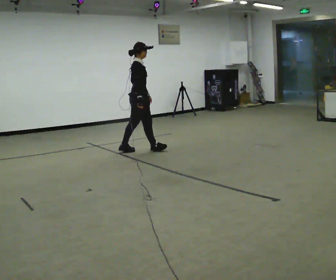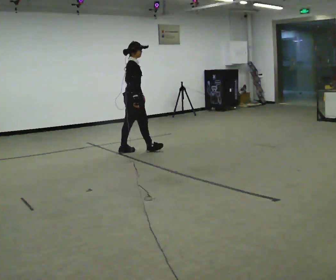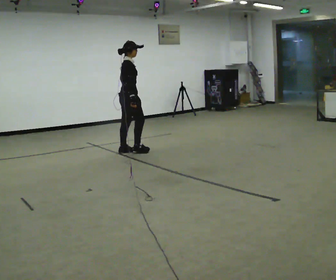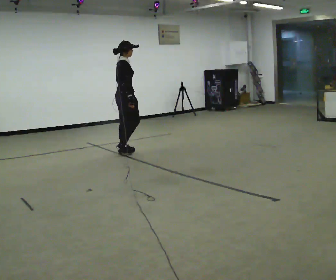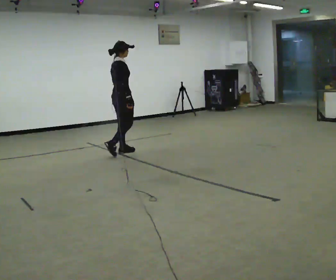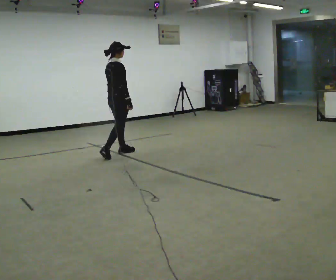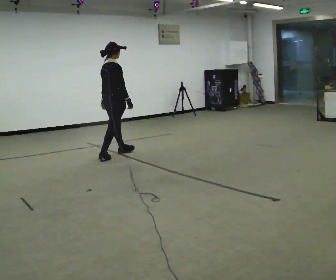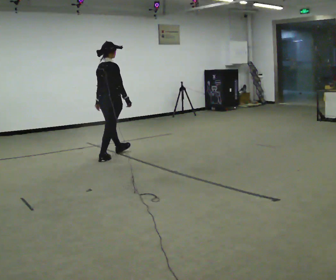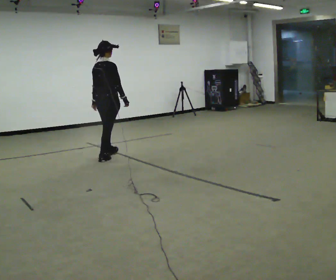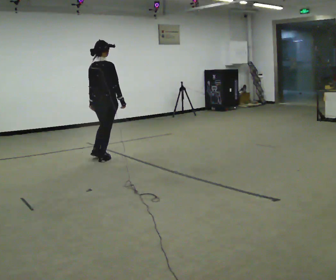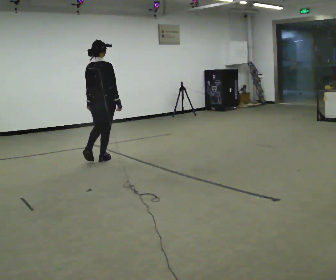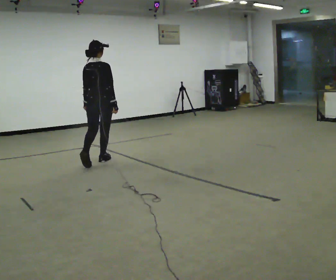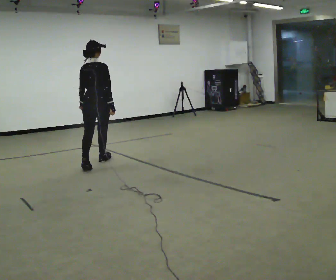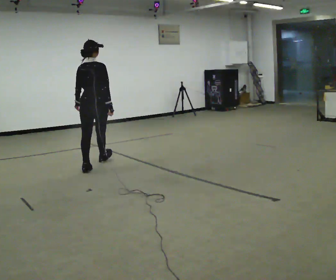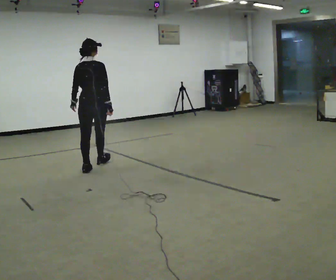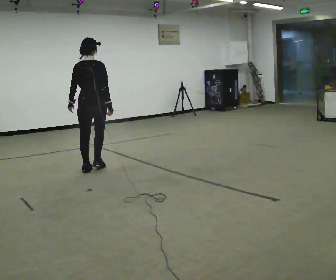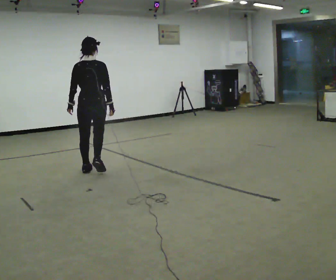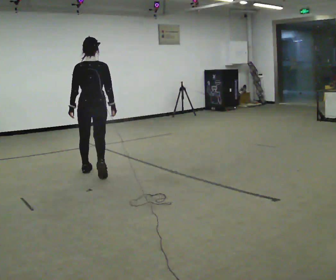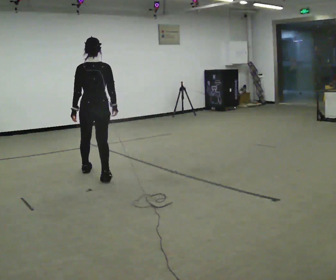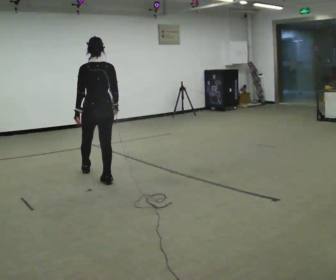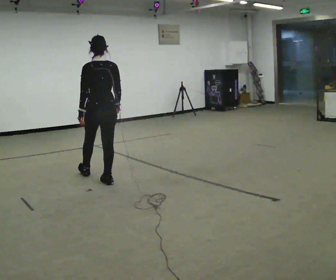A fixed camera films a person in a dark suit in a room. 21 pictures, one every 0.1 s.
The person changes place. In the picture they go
toward the camera.
The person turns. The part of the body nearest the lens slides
to the right.
0.0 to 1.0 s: The person turns about 60 degrees to their left, counterclockwise seen from above, so the part of the body nearest the lens slides to the right. In the picture they go to the left and toward the camera, about 0.5 m in 2 steps, which for them is backward.
1.0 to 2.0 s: Seen from above the body turns counterclockwise, about 45 degrees: to their left, with its near side sliding to the right. In the picture they go toward the camera, about 1 m in 2 steps, which for them is backward.
The film runs backward here.
